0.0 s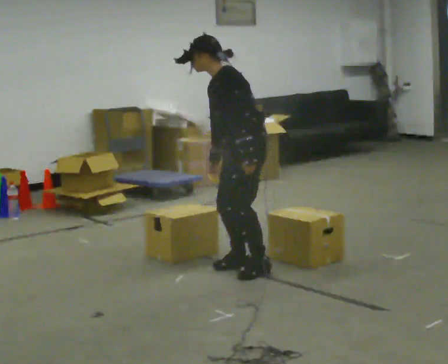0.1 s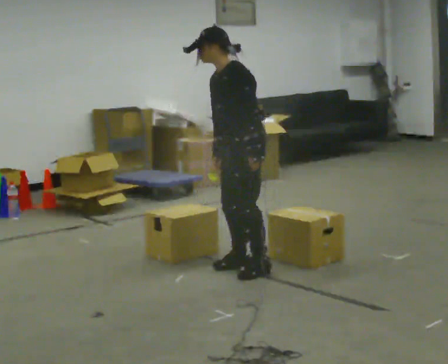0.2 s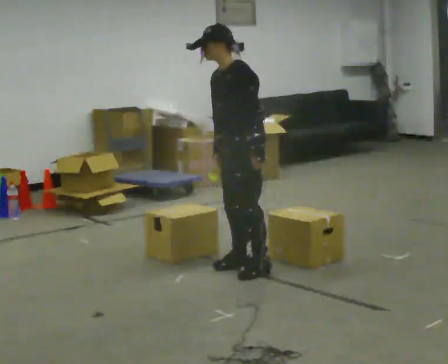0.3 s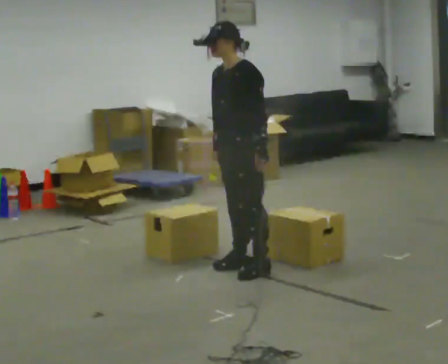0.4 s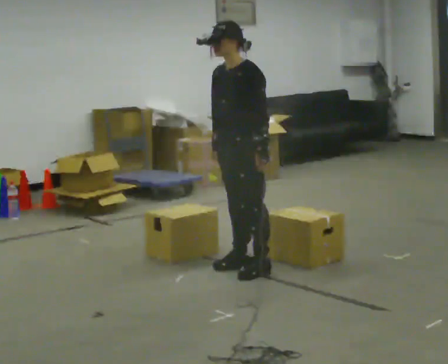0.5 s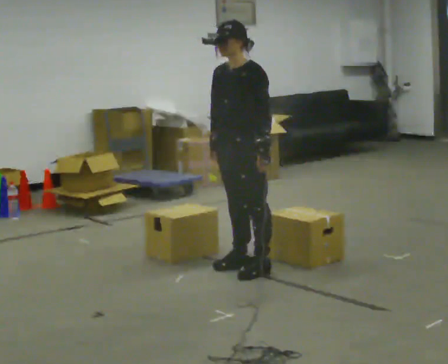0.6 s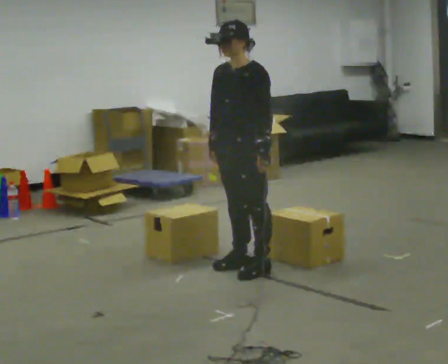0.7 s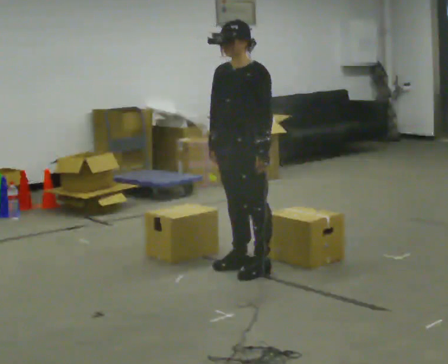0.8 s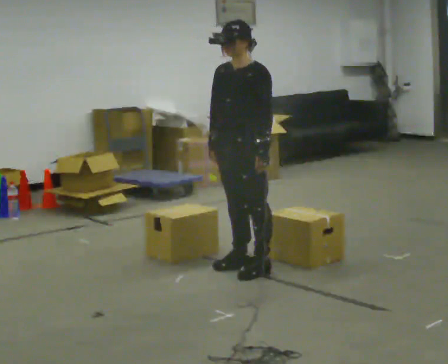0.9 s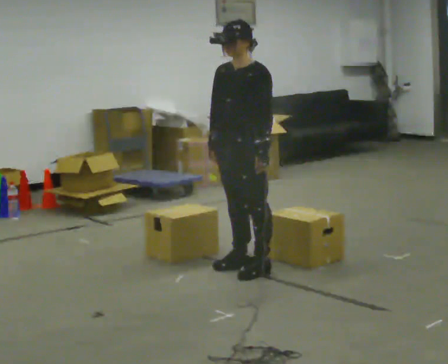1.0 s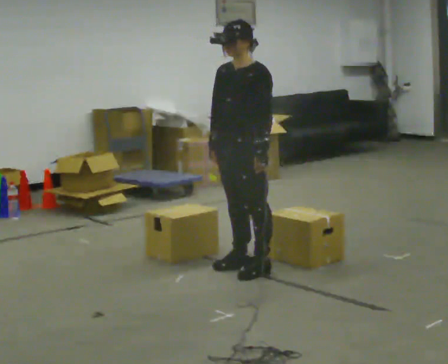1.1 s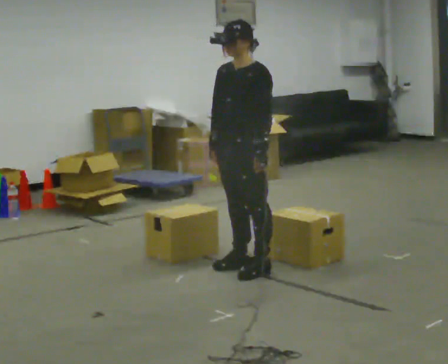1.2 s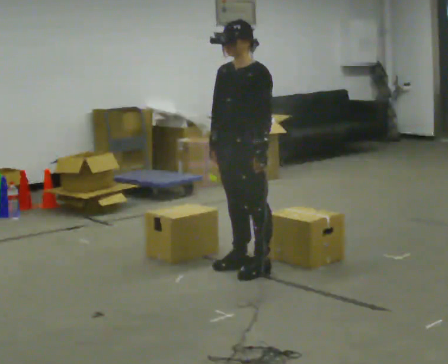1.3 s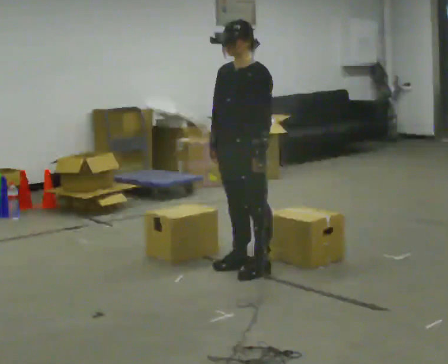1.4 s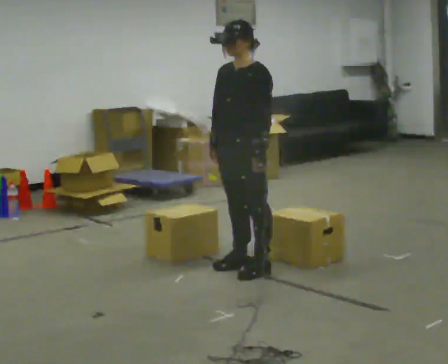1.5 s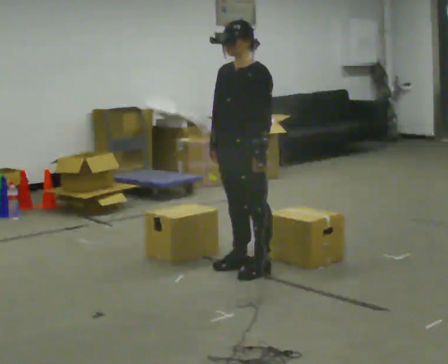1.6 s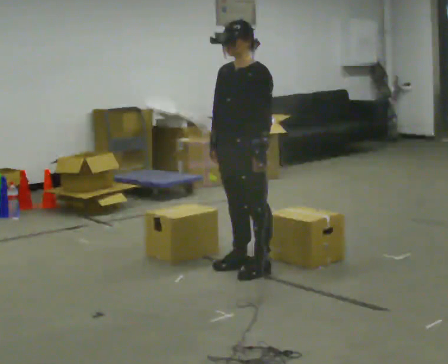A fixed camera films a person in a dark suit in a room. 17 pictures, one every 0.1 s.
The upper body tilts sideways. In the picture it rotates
clockwise.
0.0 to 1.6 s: In the picture the upper body tilts clockwise, shoulders to the right, as they lean back or straighten.
The film runs forward here.
